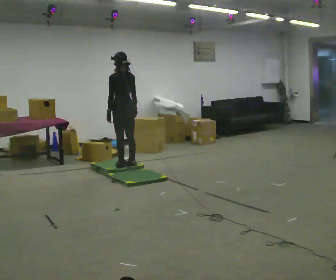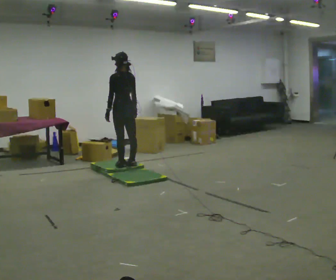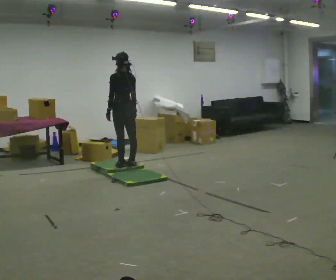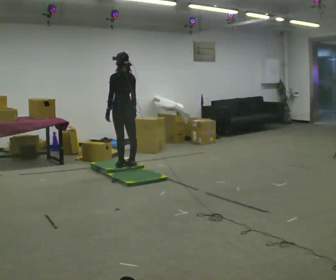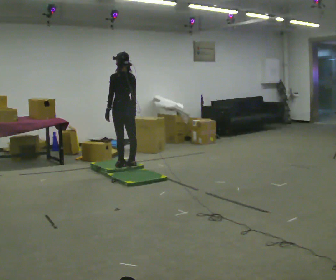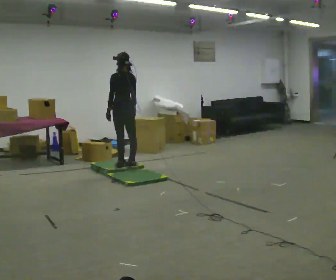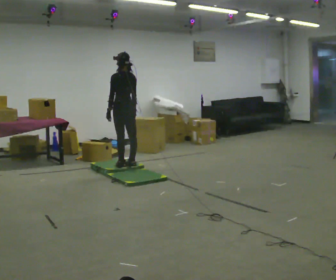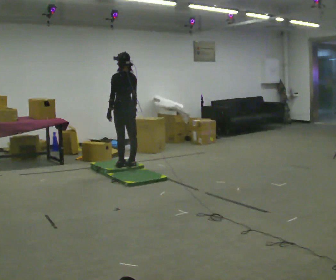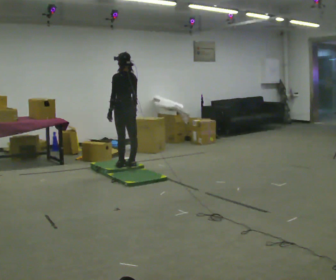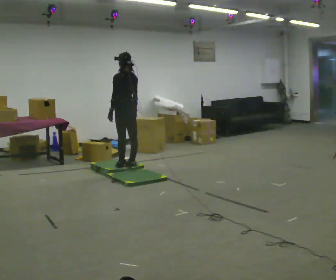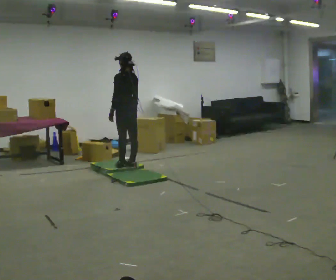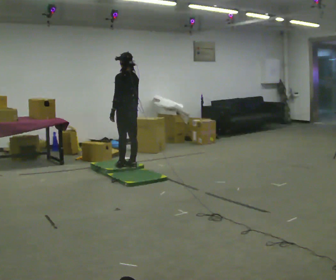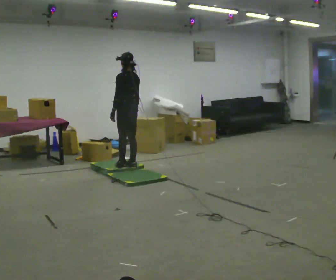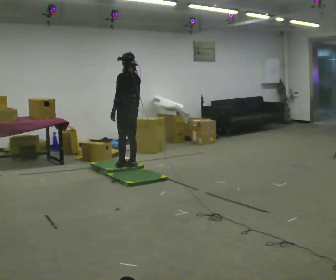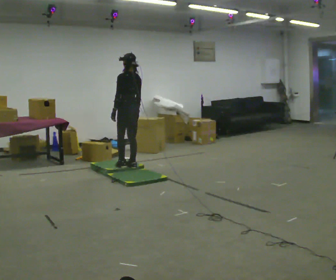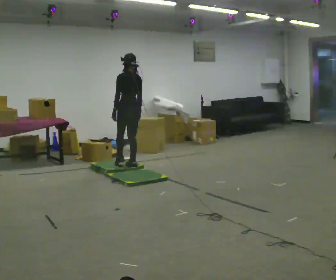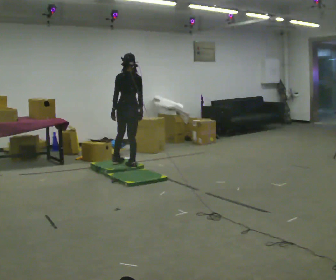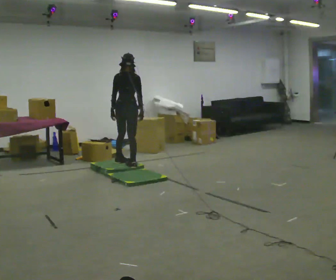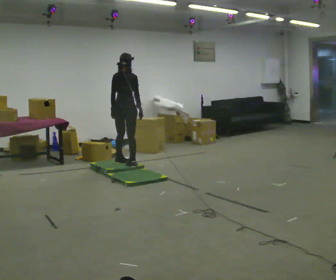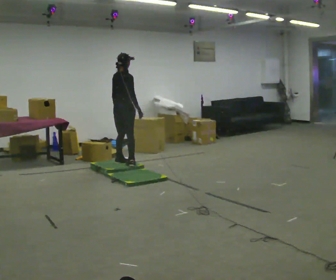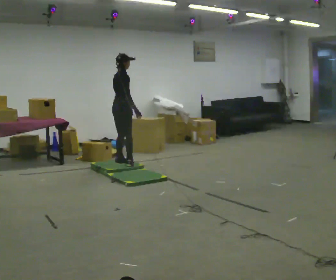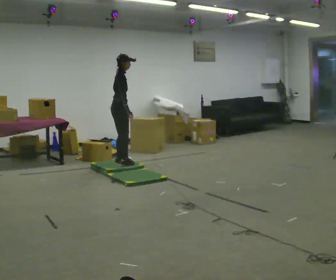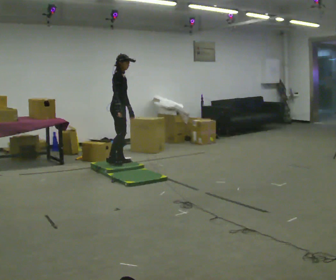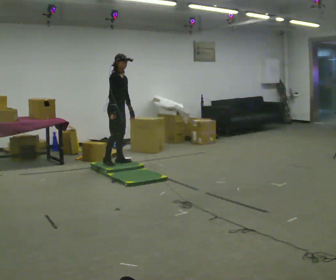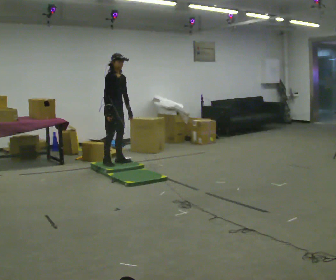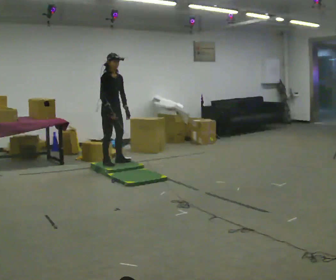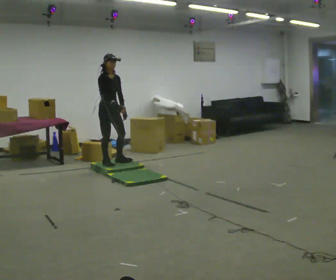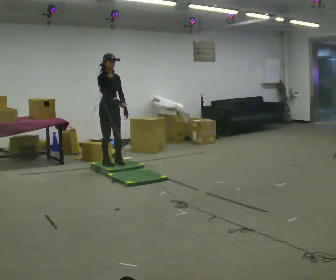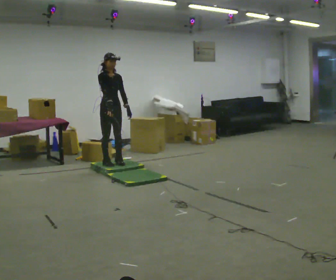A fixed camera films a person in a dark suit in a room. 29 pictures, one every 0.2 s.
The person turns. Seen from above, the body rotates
clockwise.
The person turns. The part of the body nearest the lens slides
to the left.
0.0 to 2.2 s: The person moves a little, or ends about where they began.
2.2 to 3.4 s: Seen from above the body turns clockwise, about 45 degrees: to their right, with its near side sliding to the left.
3.4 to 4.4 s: The person turns about 105 degrees to their right, clockwise seen from above, so the part of the body nearest the lens slides to the left. In the picture they go away from the camera, about 0.25 m. In the picture their right hand goes to the left.
4.4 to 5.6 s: Seen from above the body turns clockwise, about 45 degrees: to their right, with its near side sliding to the left.
The film runs forward here.
